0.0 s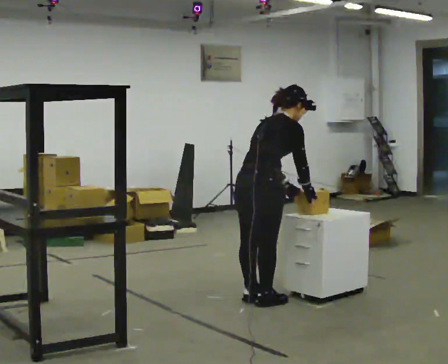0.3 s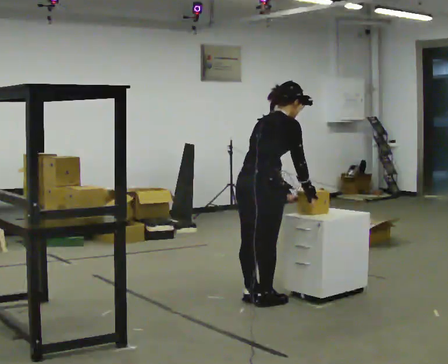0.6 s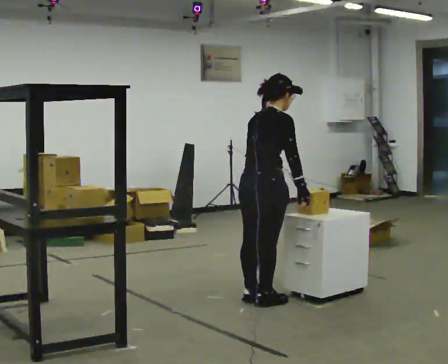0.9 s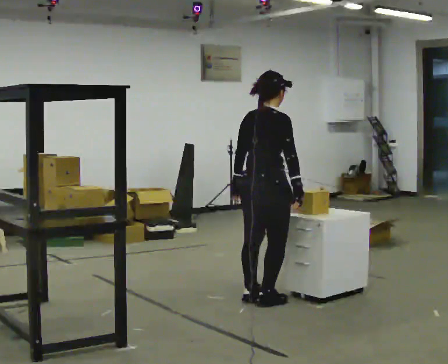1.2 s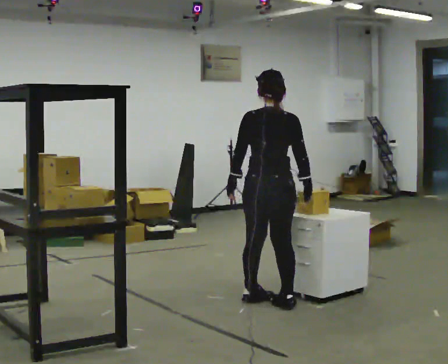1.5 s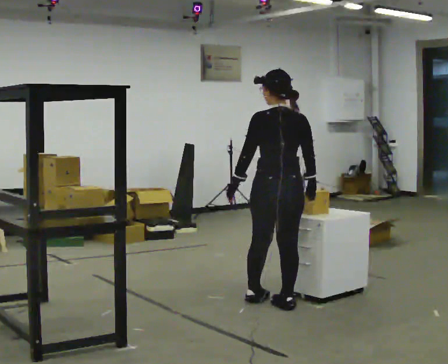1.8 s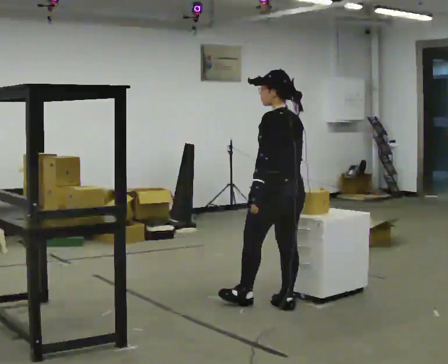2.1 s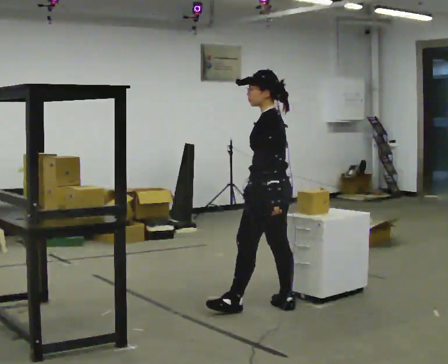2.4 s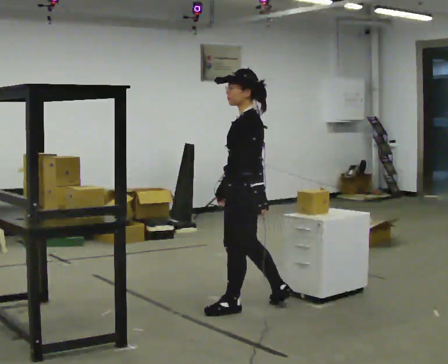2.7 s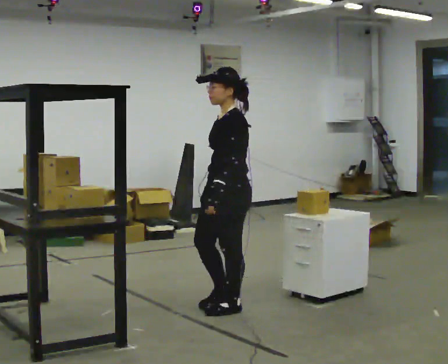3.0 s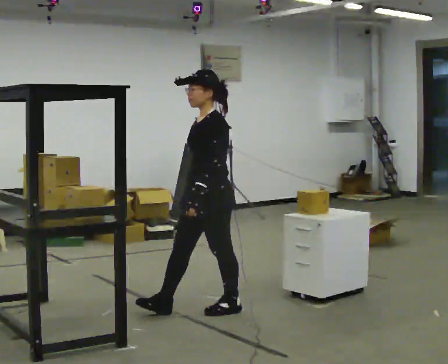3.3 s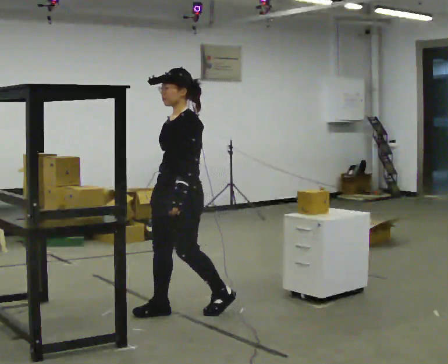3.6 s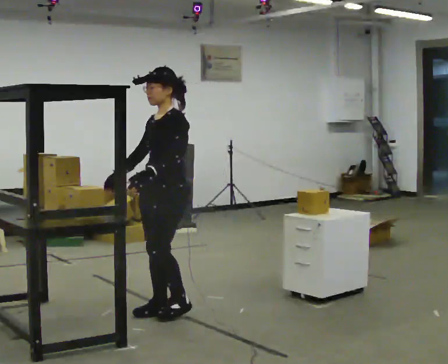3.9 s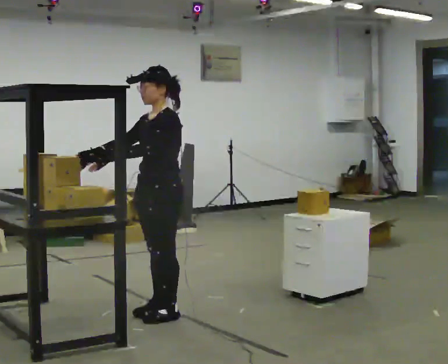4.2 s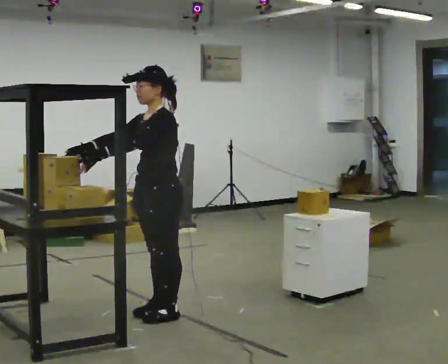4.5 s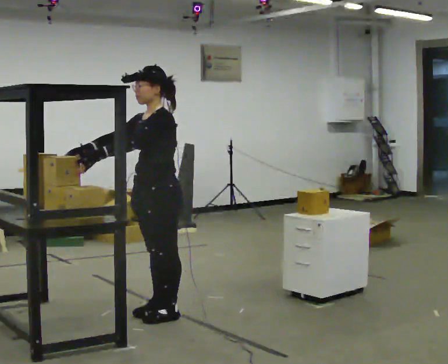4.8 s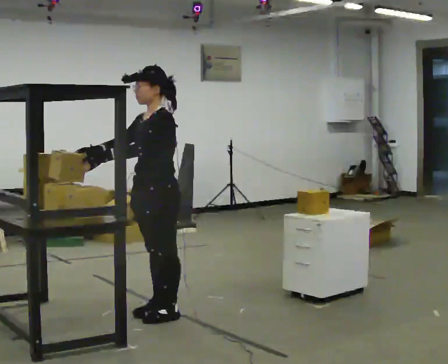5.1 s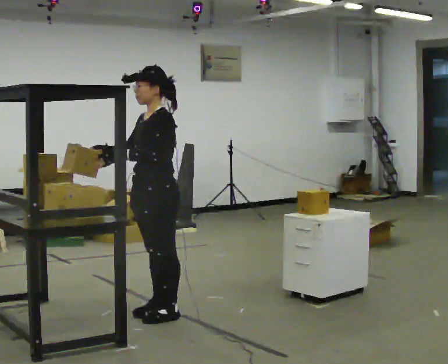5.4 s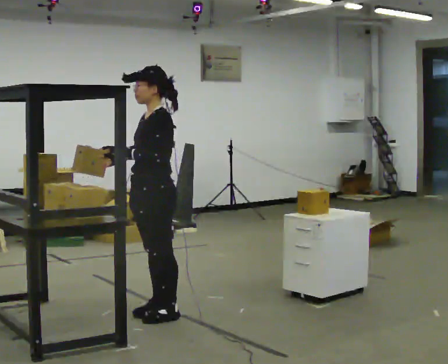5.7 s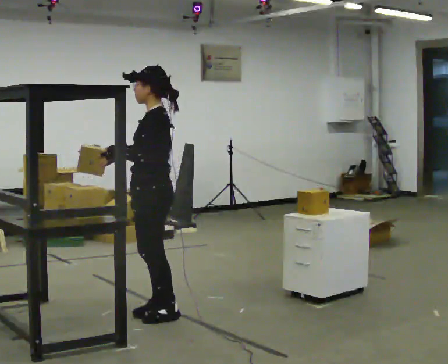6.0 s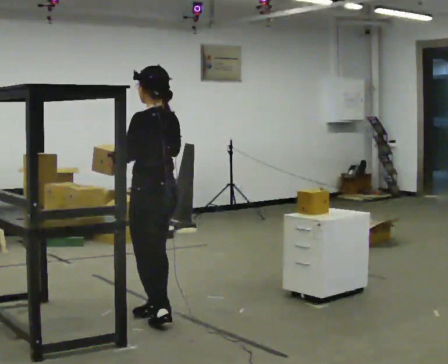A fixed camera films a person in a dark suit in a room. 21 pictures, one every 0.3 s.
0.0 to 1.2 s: Seen from above the body turns counterclockwise, about 30 degrees: to their left, with its near side sliding to the right. In the picture the upper body tilts counterclockwise, shoulders to the left, as they lean back or straighten. In the picture their left hand goes to the left.
1.2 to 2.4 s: Seen from above the body turns counterclockwise, about 105 degrees: to their left, with its near side sliding to the right. In the picture they go toward the camera, about 0.25 m in 1 step.
2.4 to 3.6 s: The part of the body nearest the lens slides to the right as the person turns to their left by about 30 degrees. In the picture they go to the left, about 0.5 m in 1 step, which for them is forward.
3.6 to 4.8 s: The person moves a little, or ends about where they began.
4.8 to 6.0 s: The part of the body nearest the lens slides to the left as the person turns to their right by about 60 degrees. In the picture their right hand goes to the right.
The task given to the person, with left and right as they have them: 1. Move all 12 boxes from the shelf at one end of the room to the shelf at the other end. 2. The cart is not available today, so carry them. 3. Tell the operator when you are finished.
The film runs forward here.
